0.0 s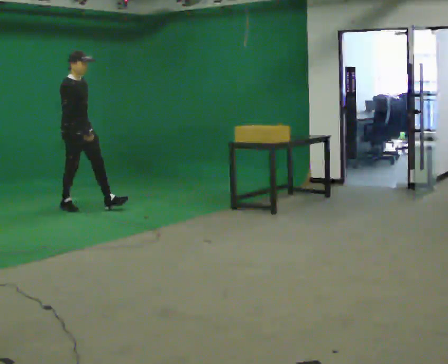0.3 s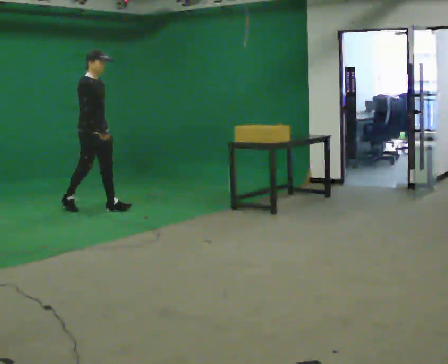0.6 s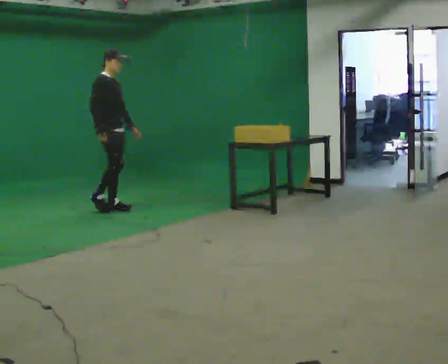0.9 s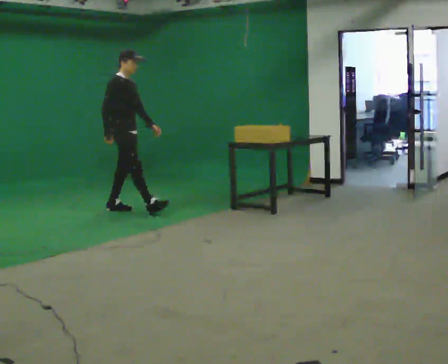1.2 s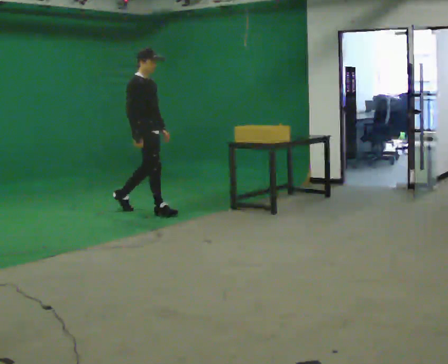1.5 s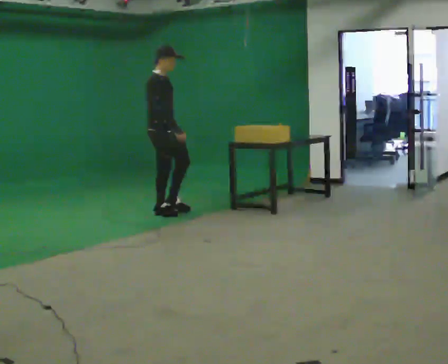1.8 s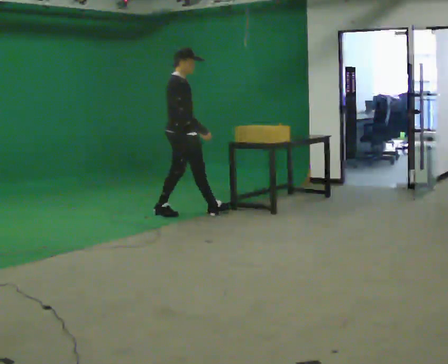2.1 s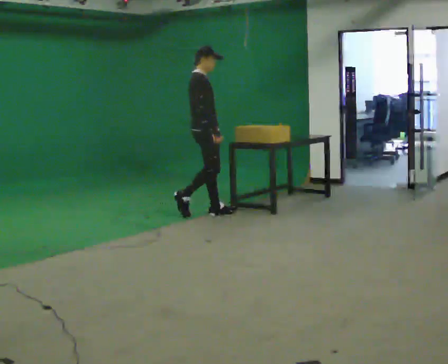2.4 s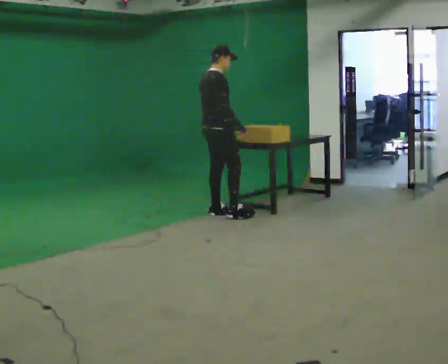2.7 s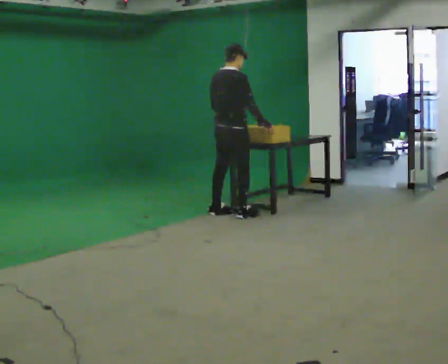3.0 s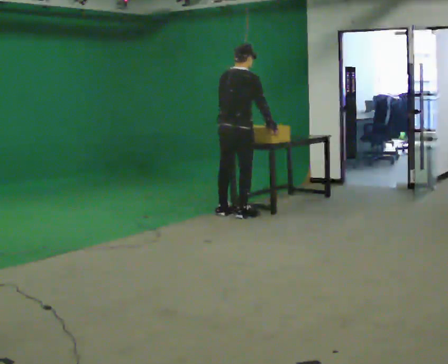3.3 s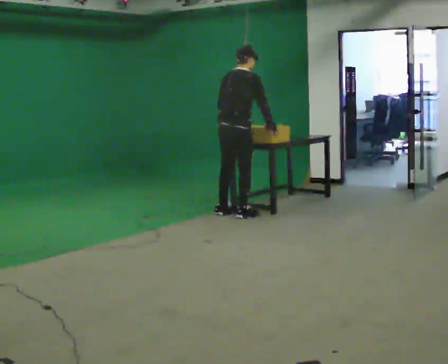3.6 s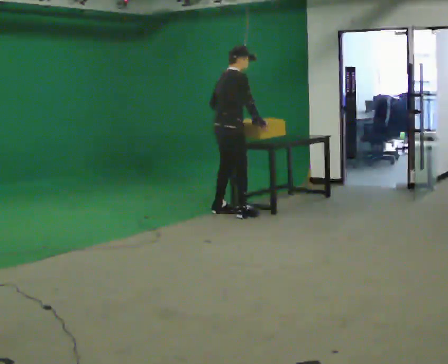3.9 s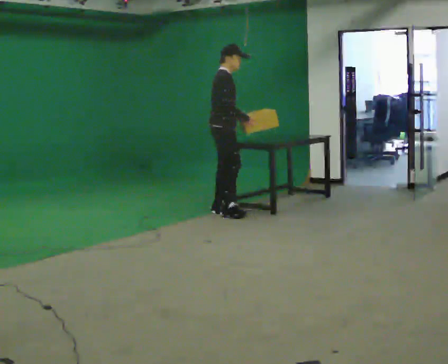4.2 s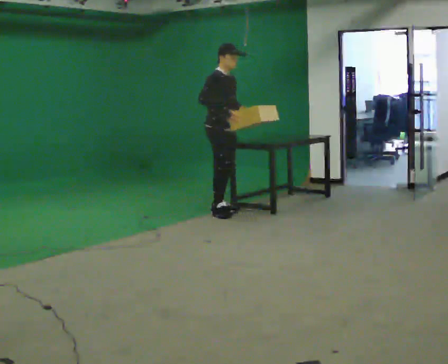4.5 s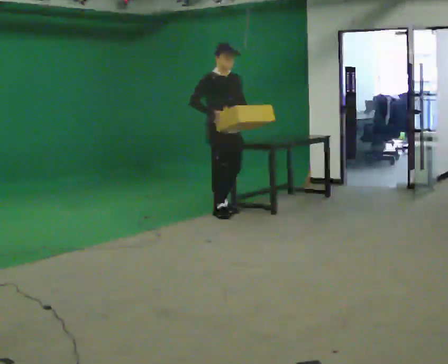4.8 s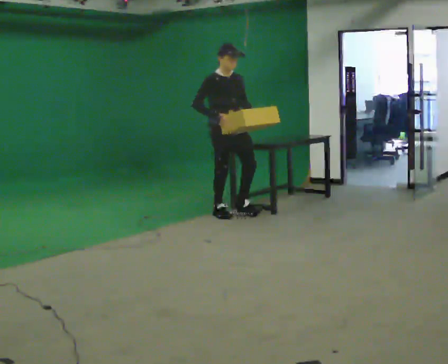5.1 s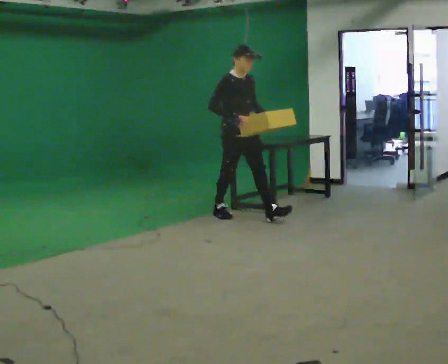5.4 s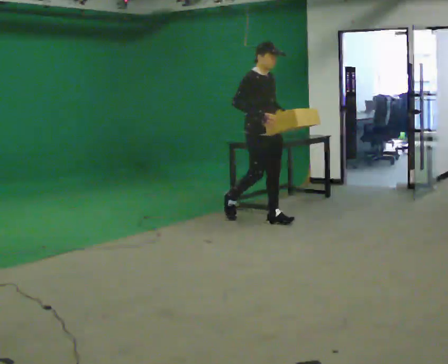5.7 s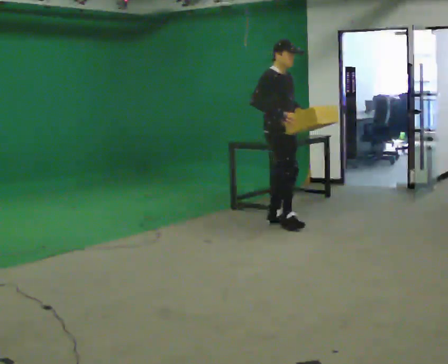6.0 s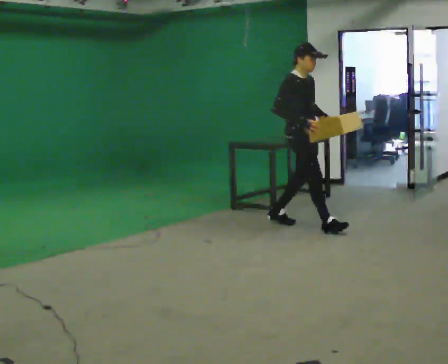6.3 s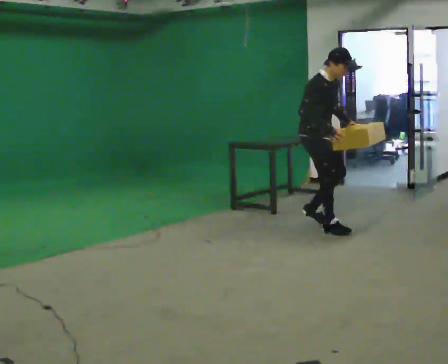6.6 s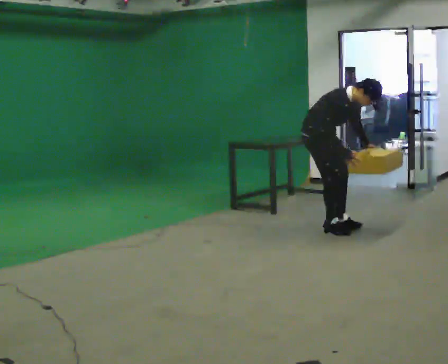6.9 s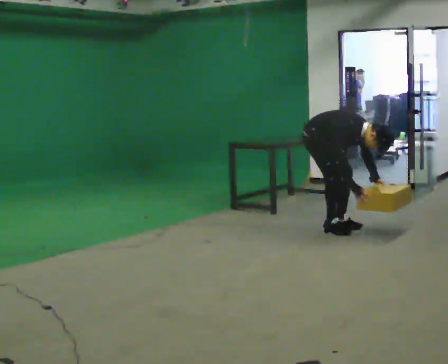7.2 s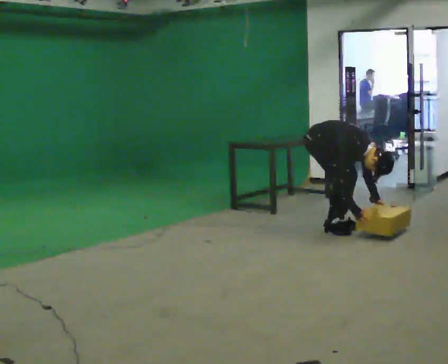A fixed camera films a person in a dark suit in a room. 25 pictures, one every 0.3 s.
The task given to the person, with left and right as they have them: Walk quickly but do not run; remain comfortable and controlled; stop.
0.0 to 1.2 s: In the picture they go to the right, about 1 m in 1 step, which for them is forward.
1.2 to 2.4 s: The part of the body nearest the lens slides to the right as the person turns to their left by about 45 degrees. In the picture they go to the right, about 1 m in 1 step, which for them is forward.
2.4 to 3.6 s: The person moves a little, or ends about where they began.
3.6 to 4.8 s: Seen from above the body turns clockwise, about 75 degrees: to their right, with its near side sliding to the left. In the picture their left hand goes to the right, the arm swinging counterclockwise.
4.8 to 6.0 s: In the picture they go to the right and toward the camera, about 1 m in 2 steps, which for them is forward.
6.0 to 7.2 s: In the picture they go to the right, about 0.25 m in 1 step, which for them is forward. The upper body goes downward. In the picture the upper body tilts clockwise, shoulders to the right, as they bend forward. In the picture their right hand goes downward and to the right.
The film runs forward here.
